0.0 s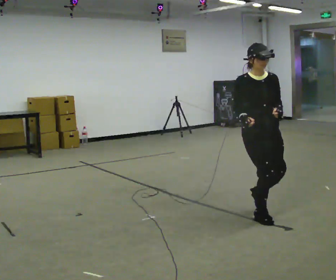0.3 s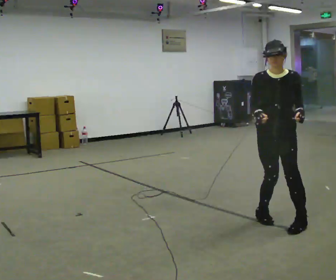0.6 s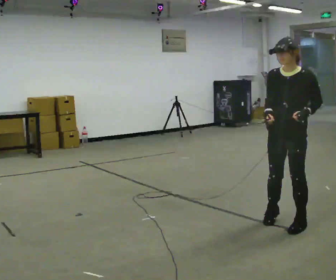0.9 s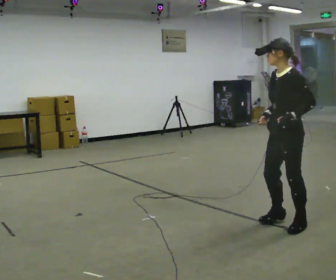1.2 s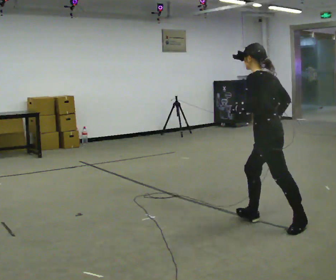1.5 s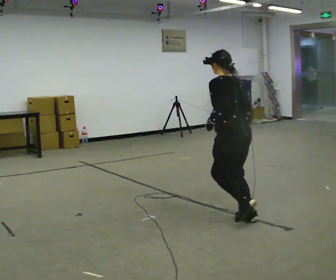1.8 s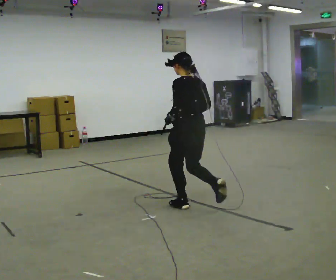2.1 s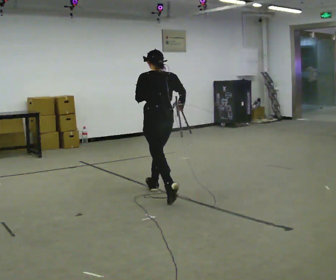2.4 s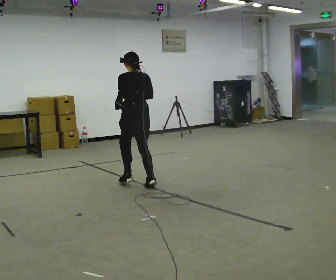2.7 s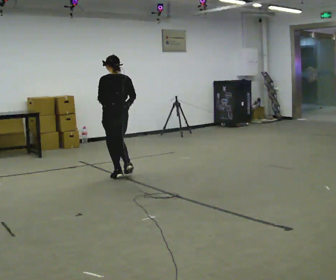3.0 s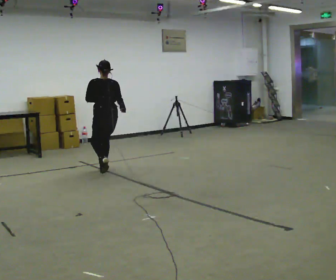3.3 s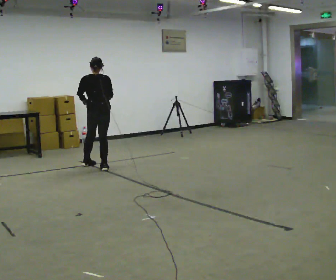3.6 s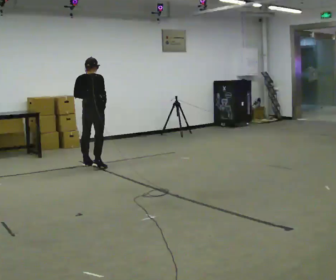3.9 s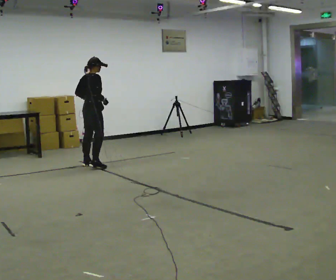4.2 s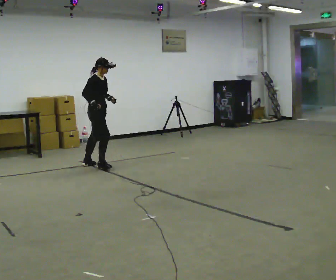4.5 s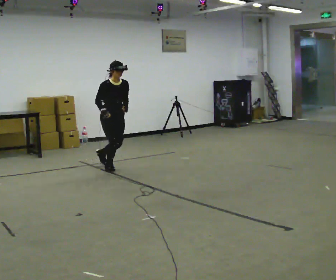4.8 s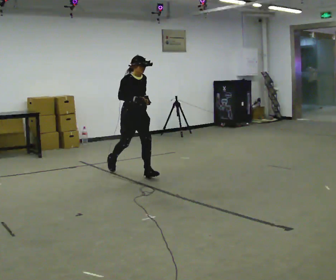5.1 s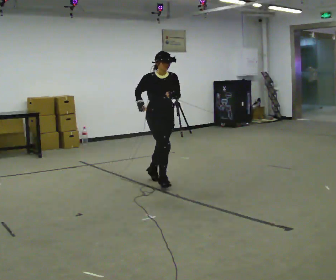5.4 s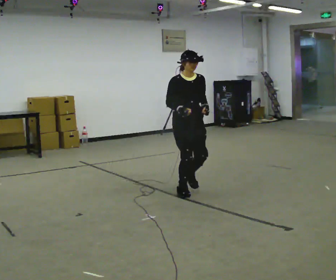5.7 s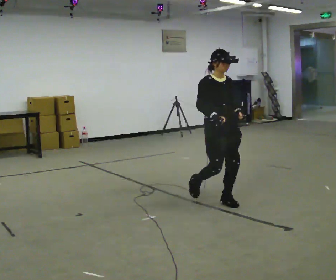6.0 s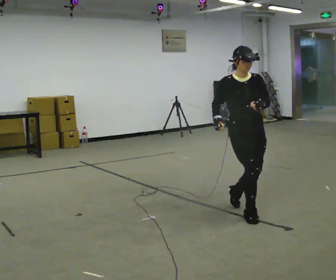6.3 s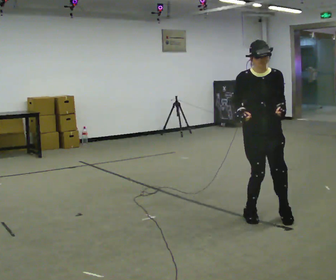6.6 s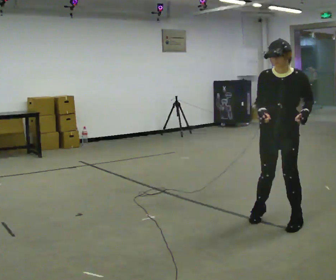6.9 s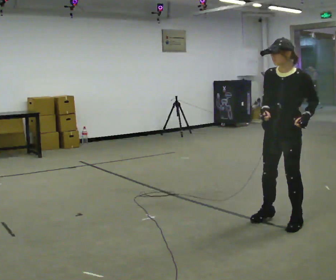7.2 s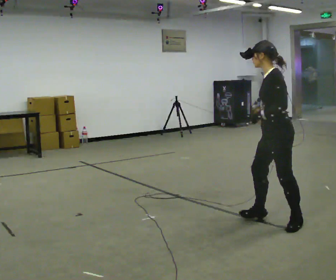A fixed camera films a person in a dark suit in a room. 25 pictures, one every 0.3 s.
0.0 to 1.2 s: Seen from above the body turns clockwise, about 135 degrees: to their right, with its near side sliding to the left. In the picture their right hand goes to the right, the arm swinging counterclockwise.
1.2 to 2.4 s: The part of the body nearest the lens slides to the left as the person turns to their right by about 30 degrees. In the picture they go away from the camera and to the left, about 2 m in 2 steps, which for them is forward.
2.4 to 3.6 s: The part of the body nearest the lens slides to the left as the person turns to their right by about 45 degrees. In the picture they go away from the camera and to the left, about 1 m in 3 steps, which for them is forward and to their left.
3.6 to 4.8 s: The part of the body nearest the lens slides to the left as the person turns to their right by about 120 degrees. In the picture they go toward the camera and to the right, about 1 m.
4.8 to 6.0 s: In the picture they go toward the camera and to the right, about 2 m in 4 steps, which for them is forward.
6.0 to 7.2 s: Seen from above the body turns clockwise, about 105 degrees: to their right, with its near side sliding to the left. In the picture they go toward the camera and to the right, about 0.25 m in 2 steps.
The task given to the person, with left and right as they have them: Run toward the marker, then plant and change direction sharply to the side the operator calls, and keep running.
The film runs forward here.
